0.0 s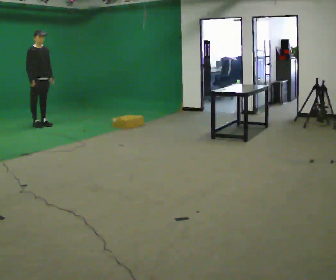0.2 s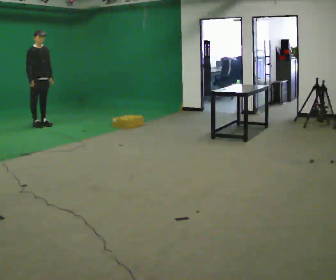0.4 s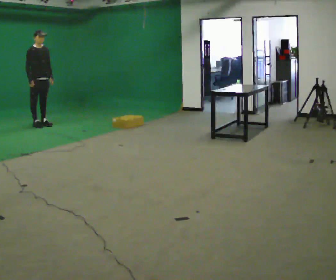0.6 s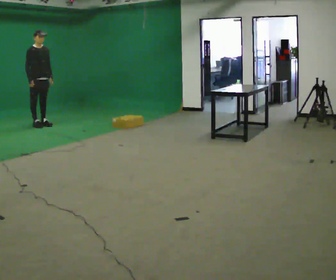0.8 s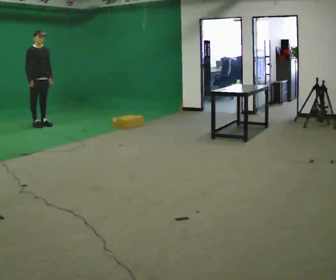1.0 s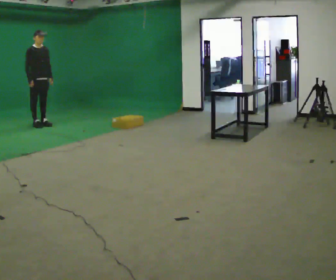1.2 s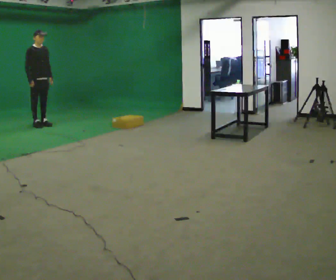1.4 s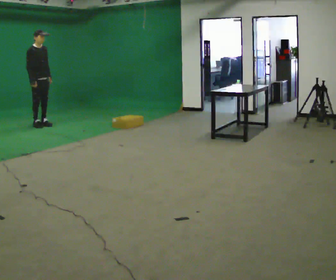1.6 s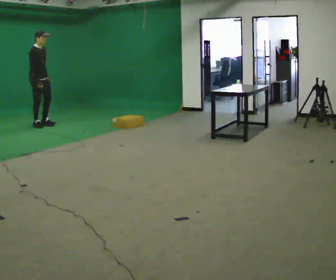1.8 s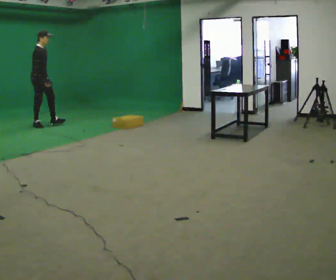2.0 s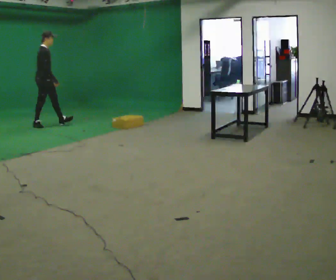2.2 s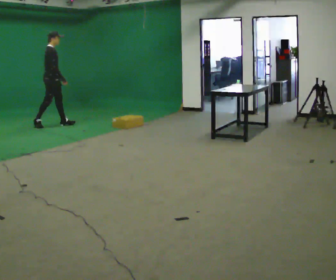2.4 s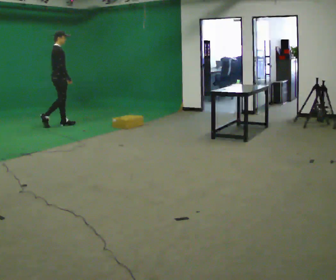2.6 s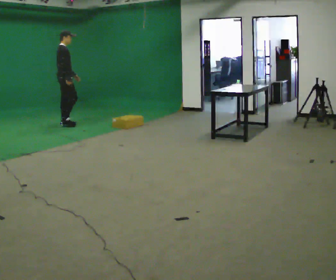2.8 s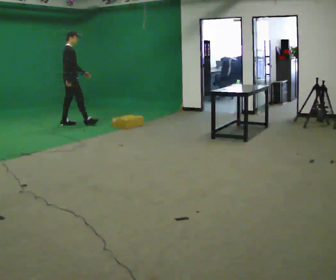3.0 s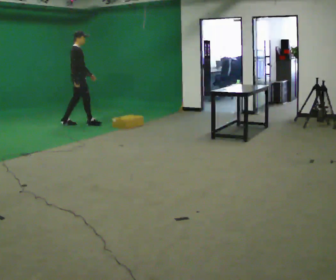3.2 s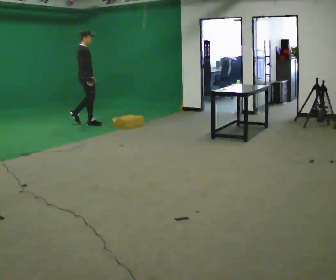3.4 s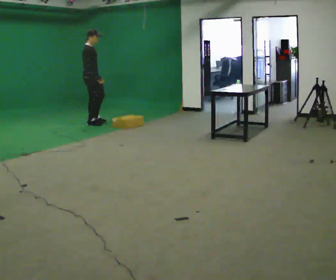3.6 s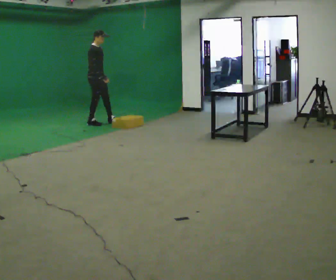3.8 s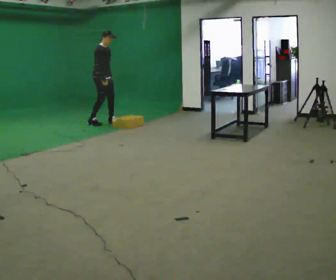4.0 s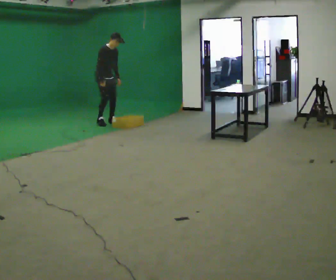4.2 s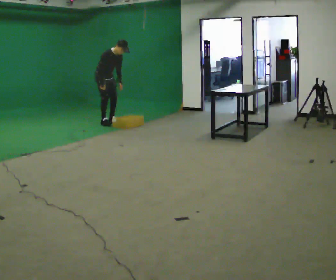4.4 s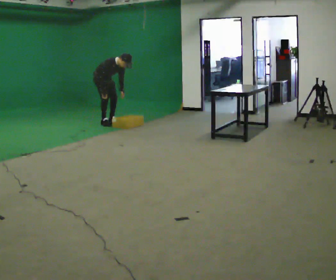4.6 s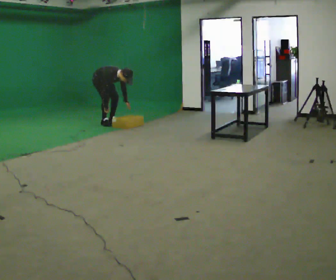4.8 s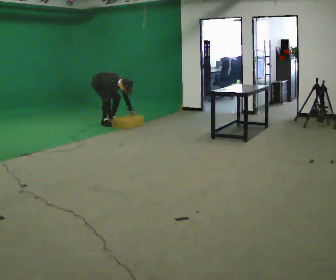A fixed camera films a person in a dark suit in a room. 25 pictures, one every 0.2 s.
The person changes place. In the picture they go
to the right.
Their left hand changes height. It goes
downward.
0.0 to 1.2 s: The person moves a little, or ends about where they began.
1.2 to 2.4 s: The person turns about 45 degrees to their left, counterclockwise seen from above, so the part of the body nearest the lens slides to the right. In the picture they go to the right, about 0.5 m in 1 step, which for them is forward.
2.4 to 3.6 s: Seen from above the body turns clockwise, about 30 degrees: to their right, with its near side sliding to the left. In the picture they go to the right, about 0.75 m in 2 steps, which for them is forward.
3.6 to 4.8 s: The shoulders move downward. In the picture the upper body tilts clockwise, shoulders to the right, as they bend forward. In the picture their right hand goes downward.
The film runs forward here.
